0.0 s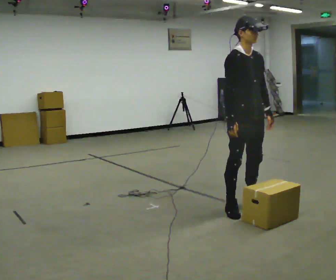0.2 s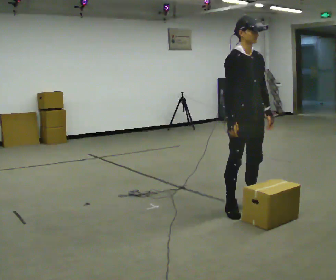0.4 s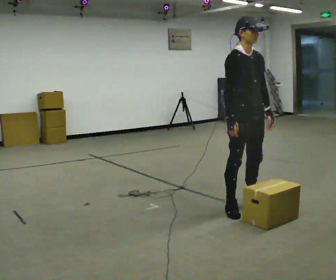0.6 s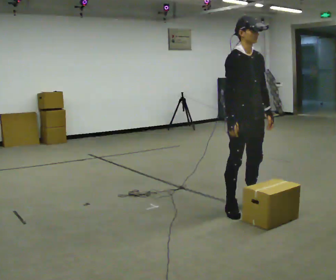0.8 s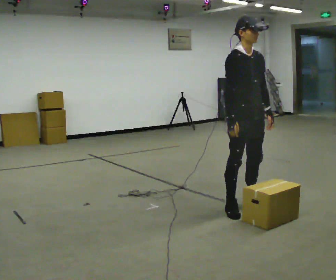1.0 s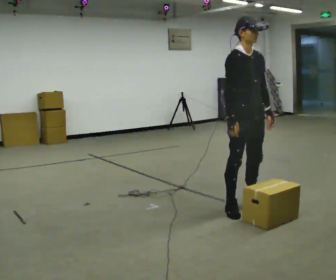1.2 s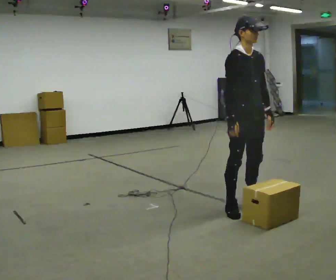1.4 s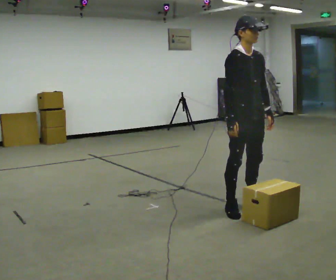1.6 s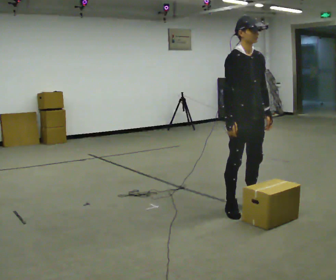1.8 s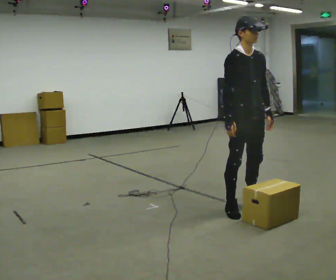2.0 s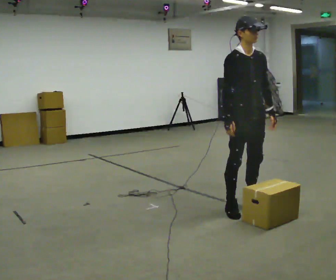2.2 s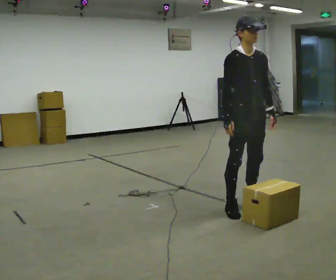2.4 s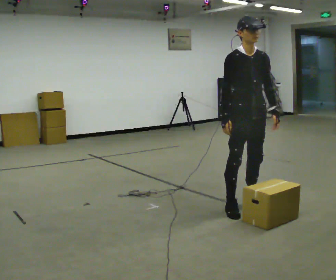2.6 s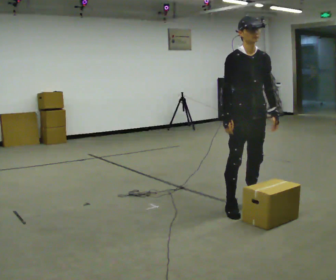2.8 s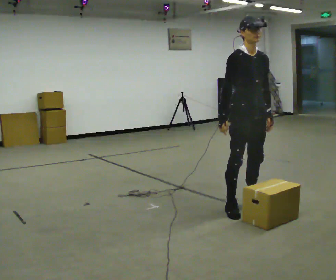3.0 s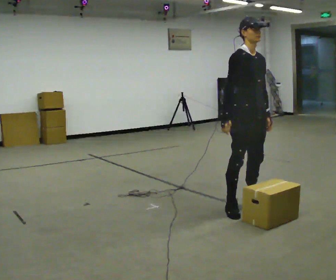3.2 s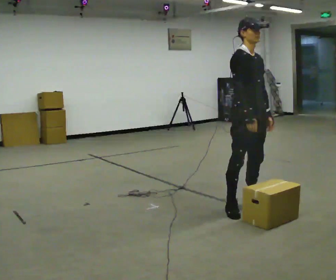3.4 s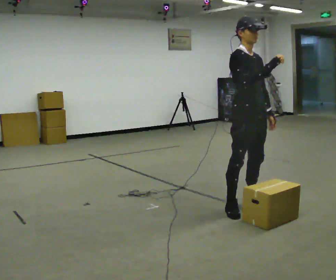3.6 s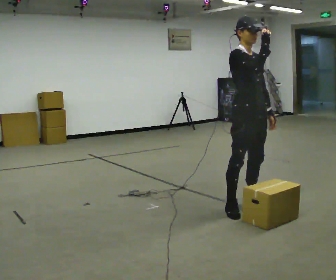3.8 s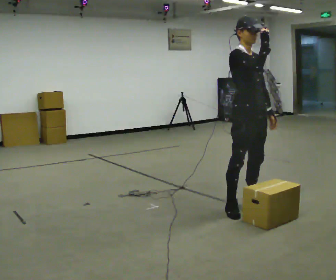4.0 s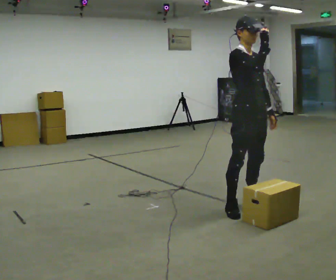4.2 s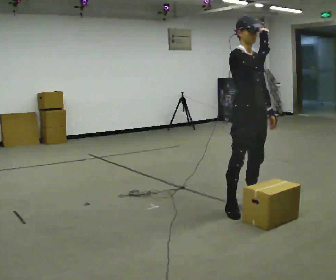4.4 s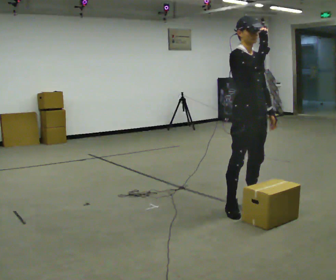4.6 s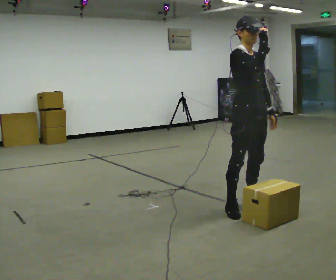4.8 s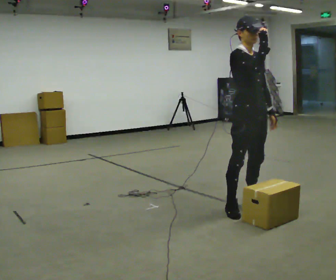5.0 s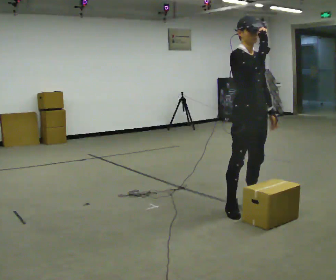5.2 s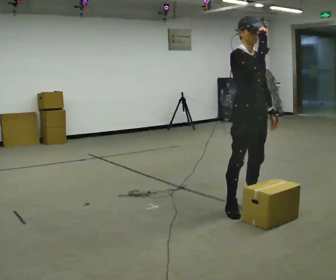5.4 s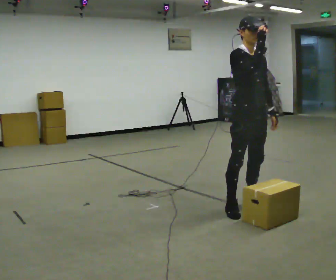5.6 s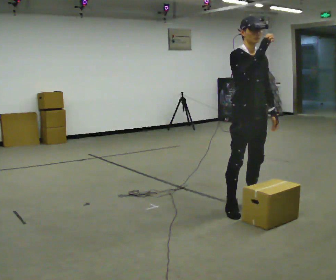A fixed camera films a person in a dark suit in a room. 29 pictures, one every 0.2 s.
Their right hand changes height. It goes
upward.
0.0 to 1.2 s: The person keeps their place and pose.
1.2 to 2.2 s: The person moves a little, or ends about where they began.
2.2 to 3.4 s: In the picture their right hand goes to the right and upward.
3.4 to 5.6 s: The person moves a little, or ends about where they began.
The film runs backward here.
